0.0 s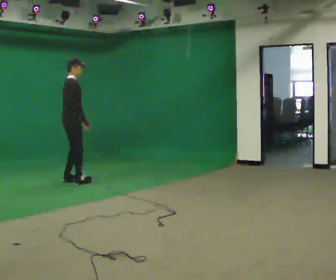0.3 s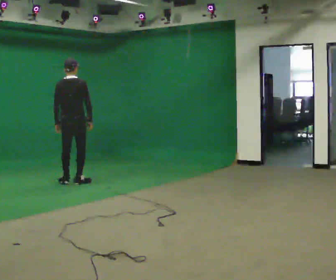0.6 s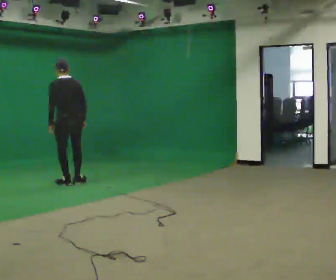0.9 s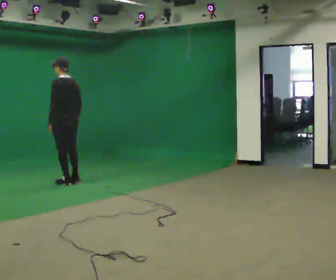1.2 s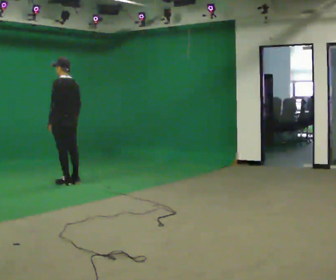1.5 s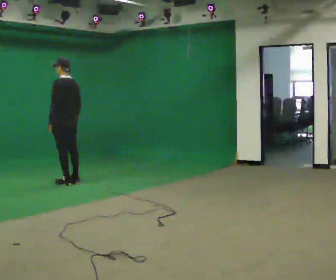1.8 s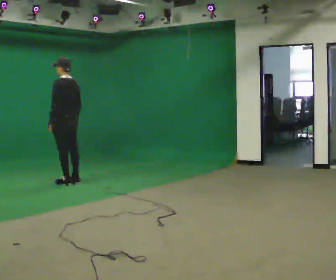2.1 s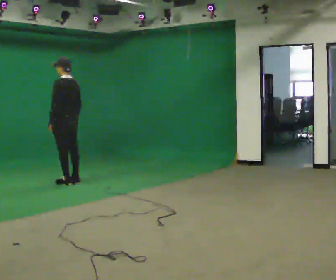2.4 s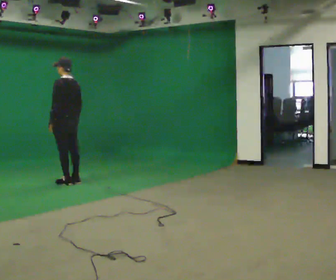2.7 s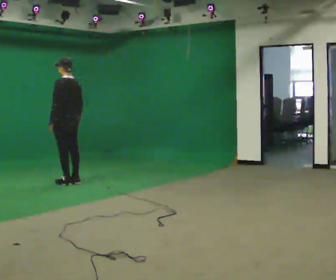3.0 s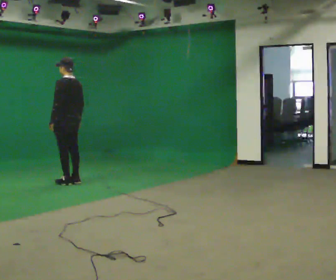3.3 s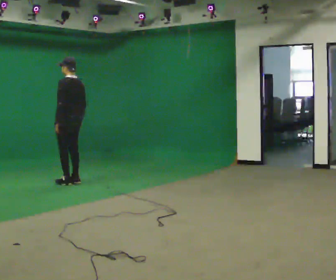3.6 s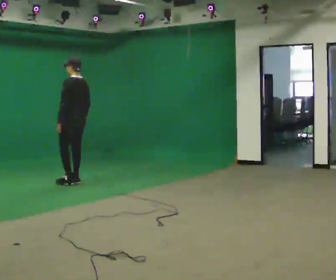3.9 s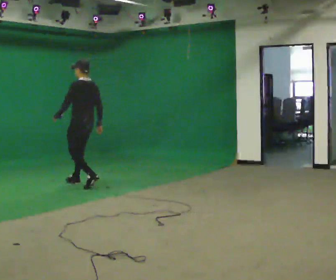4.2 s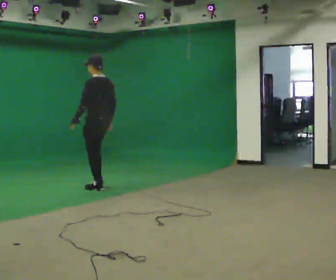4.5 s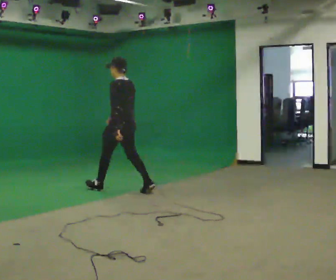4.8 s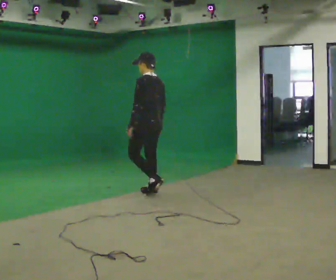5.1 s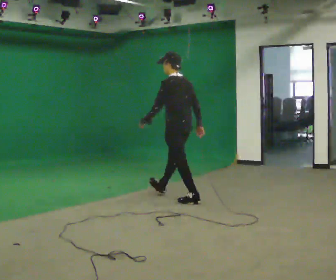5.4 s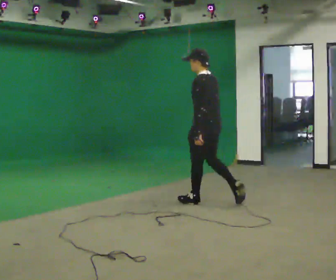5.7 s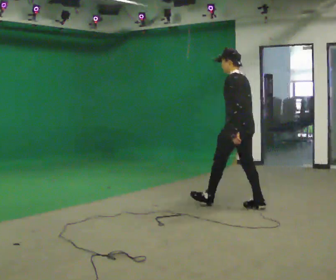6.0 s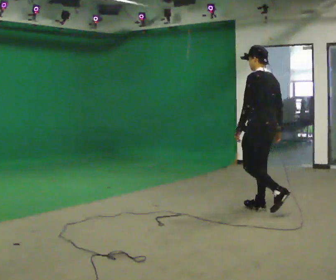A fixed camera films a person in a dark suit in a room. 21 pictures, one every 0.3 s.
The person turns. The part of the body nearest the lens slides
to the right.
The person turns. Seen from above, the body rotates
counterclockwise.
0.0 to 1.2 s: The part of the body nearest the lens slides to the right as the person turns to their left by about 120 degrees.
1.2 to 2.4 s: The person keeps their place and pose.
2.4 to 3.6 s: The person moves a little, or ends about where they began.
3.6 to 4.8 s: In the picture they go toward the camera and to the right, about 1.5 m in 2 steps, which for them is backward.
4.8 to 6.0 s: In the picture they go toward the camera and to the right, about 1.5 m in 2 steps, which for them is backward.
The film runs backward here.
